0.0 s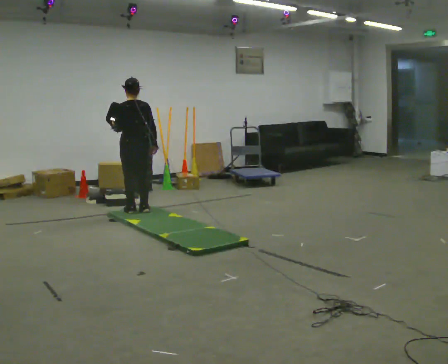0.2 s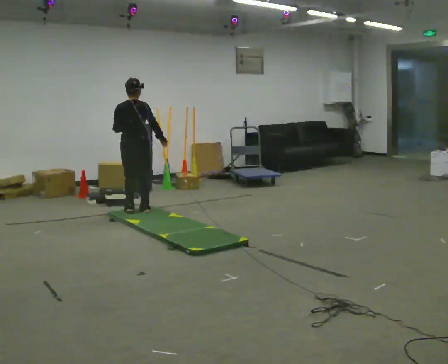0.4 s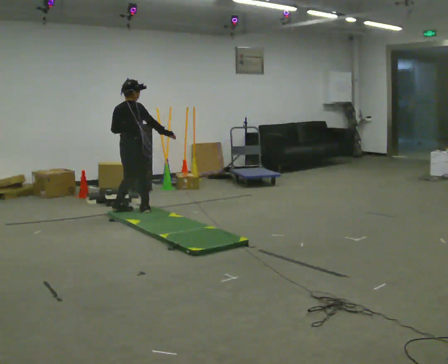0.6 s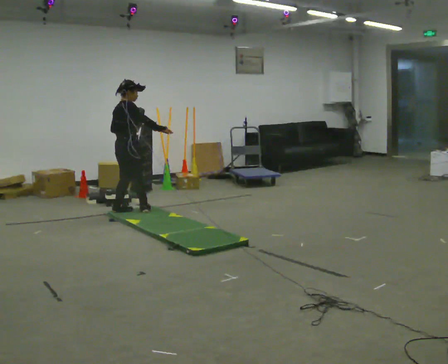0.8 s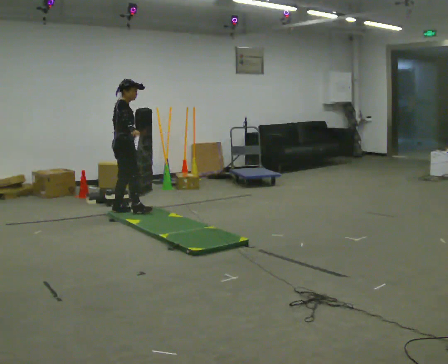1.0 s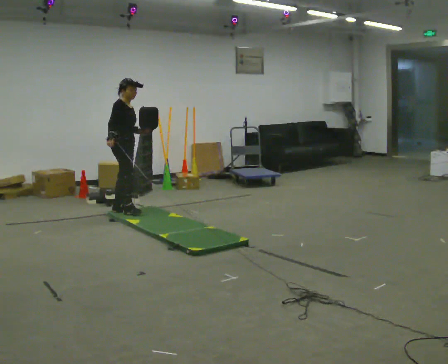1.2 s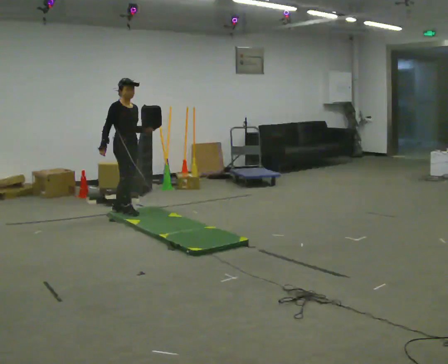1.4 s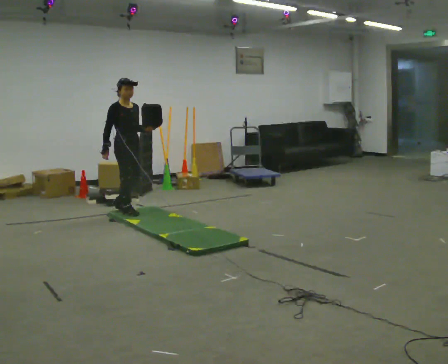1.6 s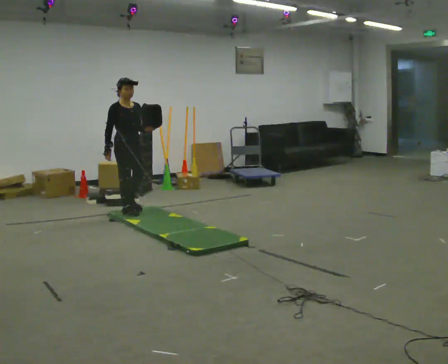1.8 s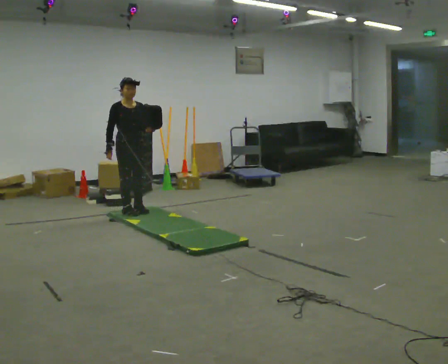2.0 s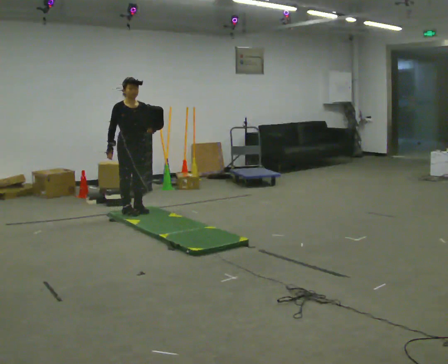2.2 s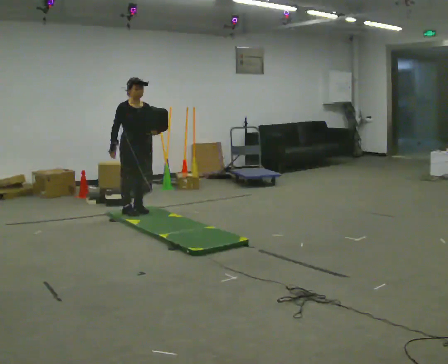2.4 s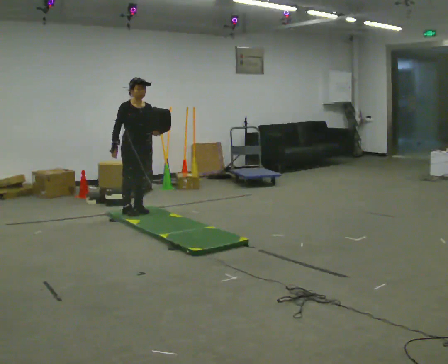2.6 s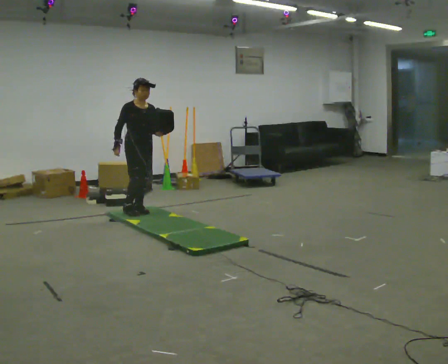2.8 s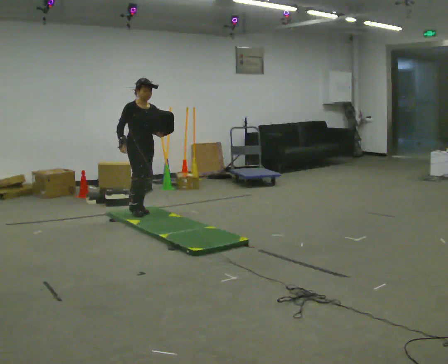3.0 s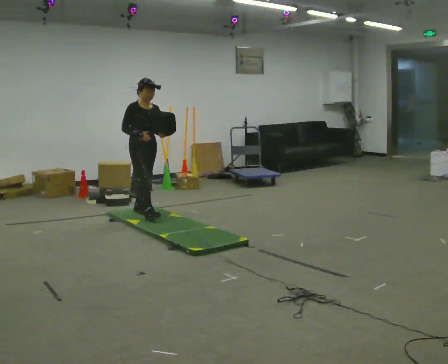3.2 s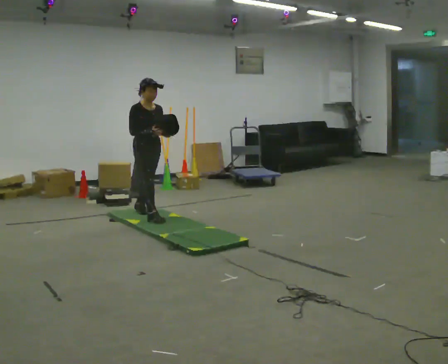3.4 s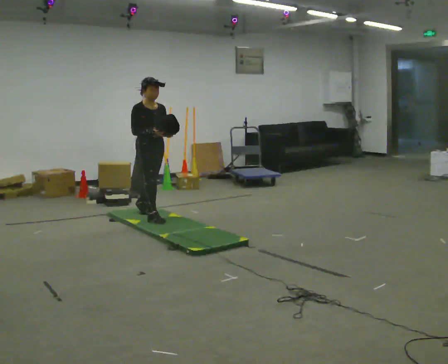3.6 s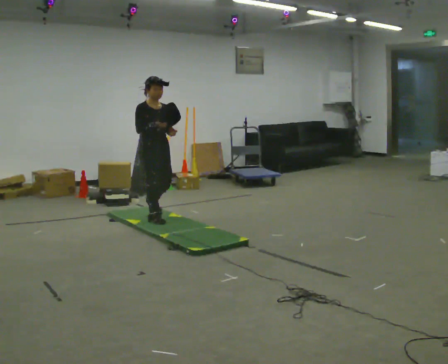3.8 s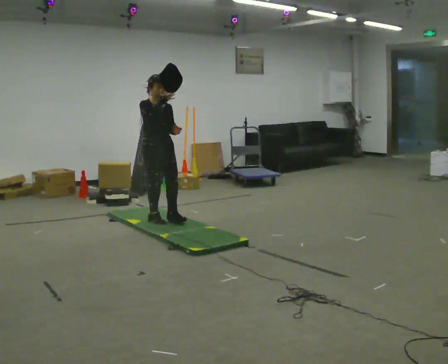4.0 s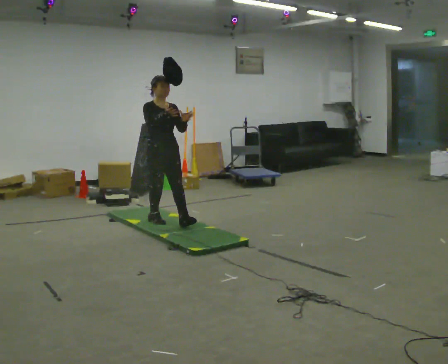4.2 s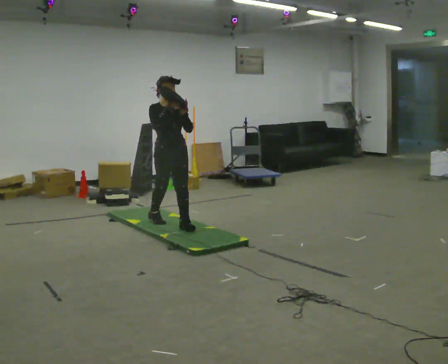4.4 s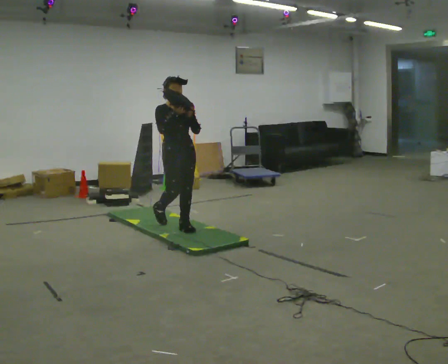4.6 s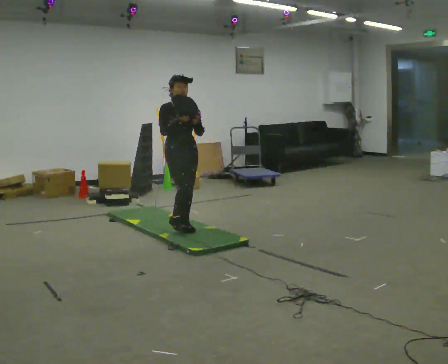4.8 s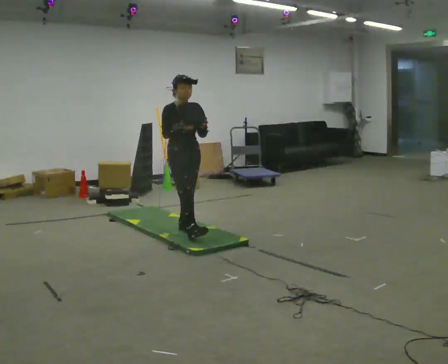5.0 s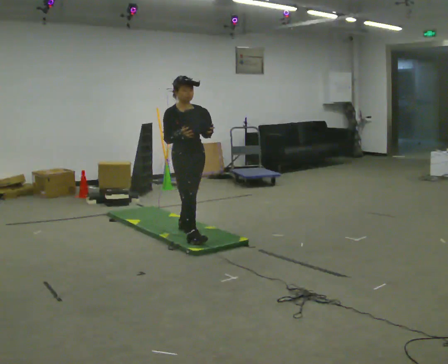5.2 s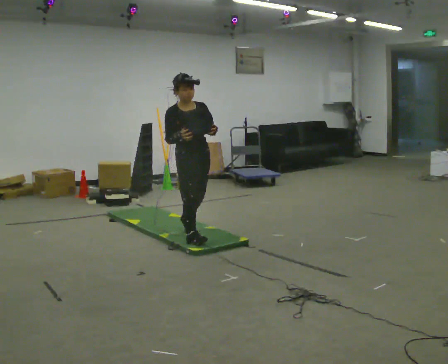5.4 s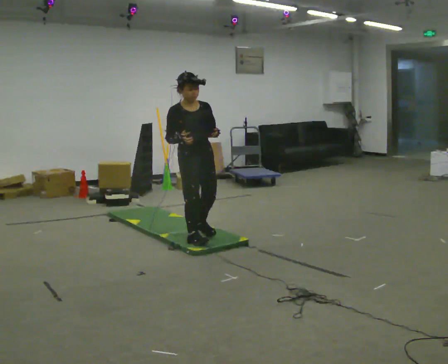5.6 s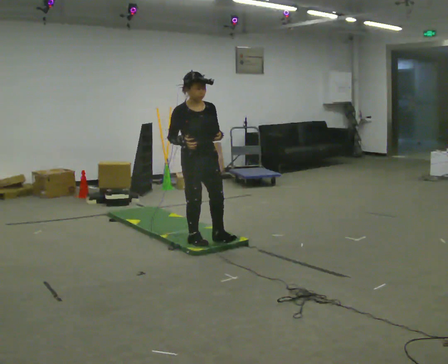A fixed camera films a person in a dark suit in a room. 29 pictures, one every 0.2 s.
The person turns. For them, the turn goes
to their right.
The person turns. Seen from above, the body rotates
clockwise.
0.0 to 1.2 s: The part of the body nearest the lens slides to the left as the person turns to their right by about 135 degrees. In the picture their right hand goes to the left.
1.2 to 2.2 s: The part of the body nearest the lens slides to the left as the person turns to their right by about 30 degrees.
2.2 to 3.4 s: In the picture they go toward the camera and to the right, about 0.25 m in 1 step, which for them is forward.
3.4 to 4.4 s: In the picture they go toward the camera and to the right, about 0.5 m in 1 step, which for them is forward.
4.4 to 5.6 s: In the picture they go toward the camera, about 0.5 m in 1 step, which for them is forward. The upper body tips toward the camera, its near side rolling downward, as they bend forward.
The film runs forward here.
